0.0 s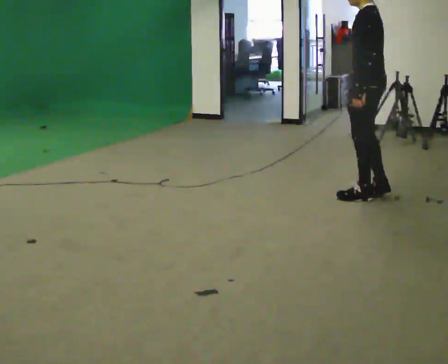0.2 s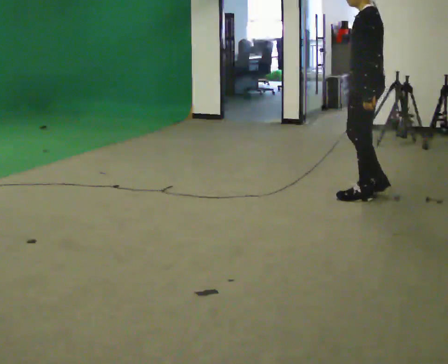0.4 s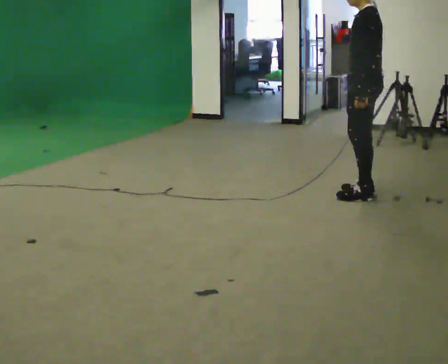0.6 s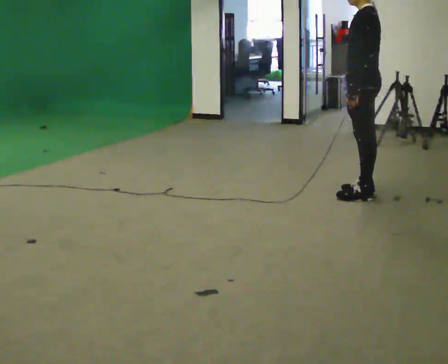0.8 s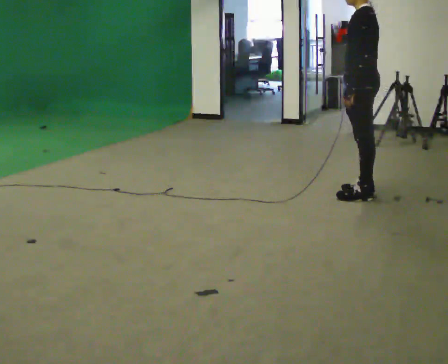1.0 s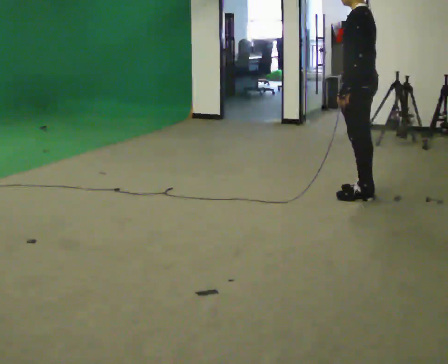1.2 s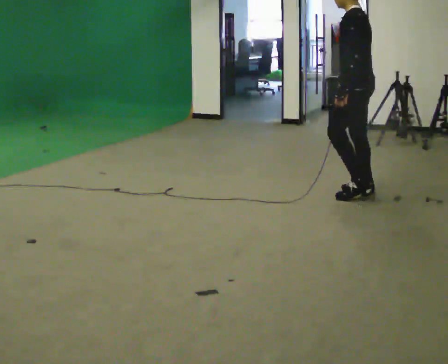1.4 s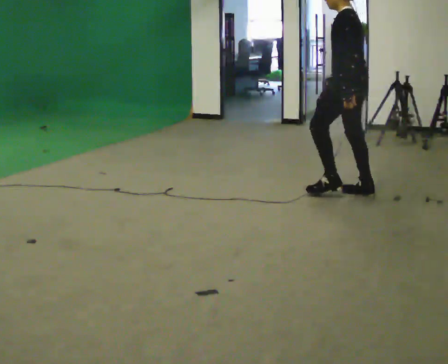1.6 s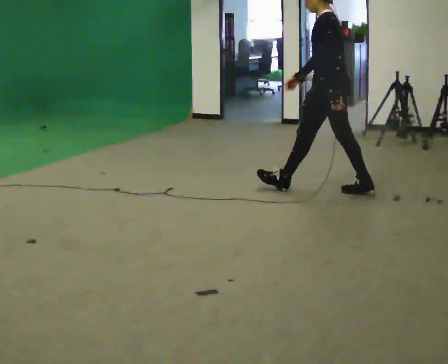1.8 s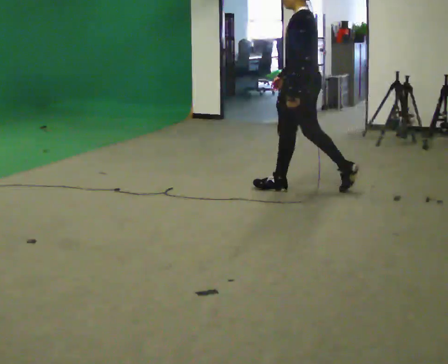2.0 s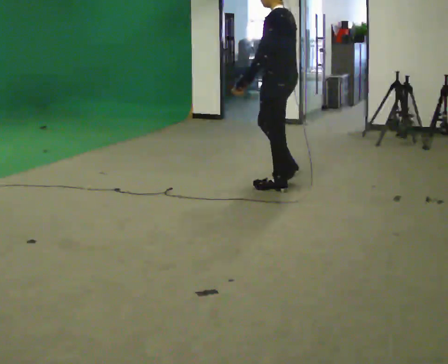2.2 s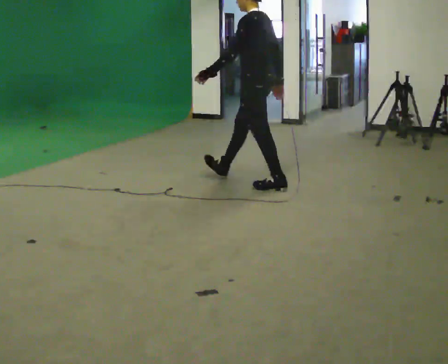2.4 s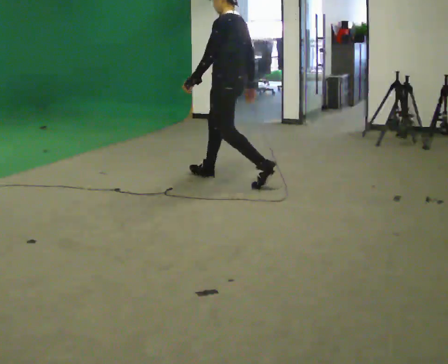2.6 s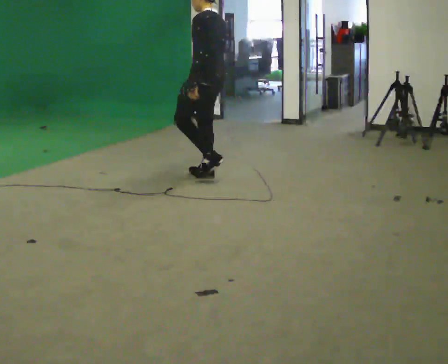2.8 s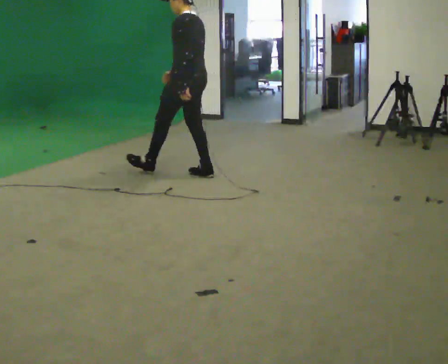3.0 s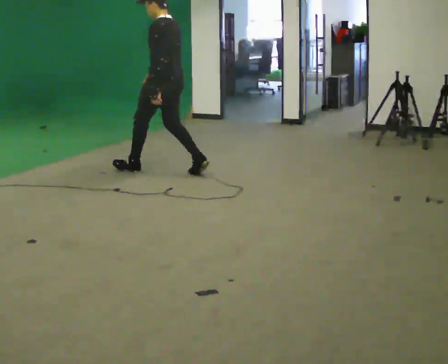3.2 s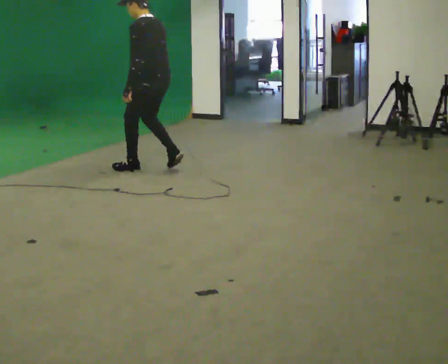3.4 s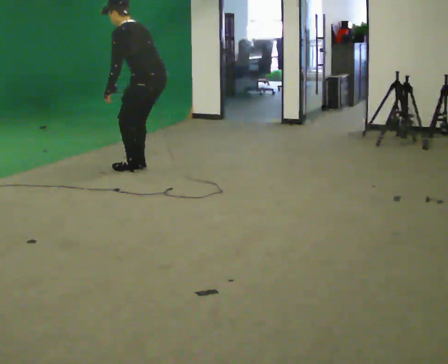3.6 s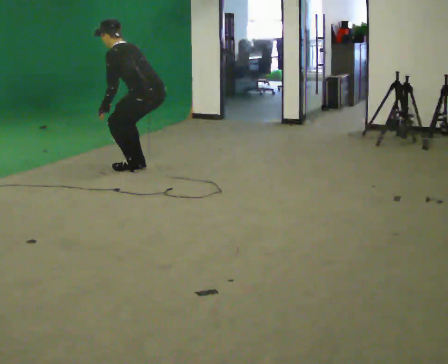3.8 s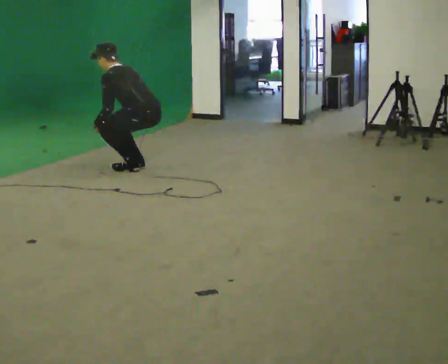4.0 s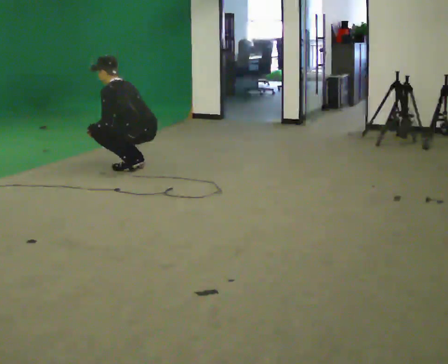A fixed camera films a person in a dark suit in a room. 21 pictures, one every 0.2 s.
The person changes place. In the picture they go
to the left.
The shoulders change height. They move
downward.
0.0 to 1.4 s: In the picture they go to the left, about 0.25 m, which for them is forward. In the picture their right hand goes to the left.
1.4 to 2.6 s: In the picture they go to the left, about 1 m in 2 steps, which for them is forward.
2.6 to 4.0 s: In the picture they go to the left, about 0.75 m in 2 steps, which for them is forward. The shoulders move downward. In the picture the upper body tilts counterclockwise, shoulders to the left, as they bend forward. In the picture their left hand goes downward.
The film runs forward here.
